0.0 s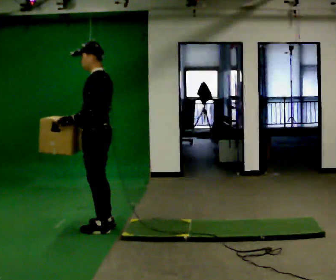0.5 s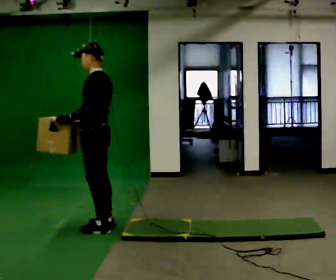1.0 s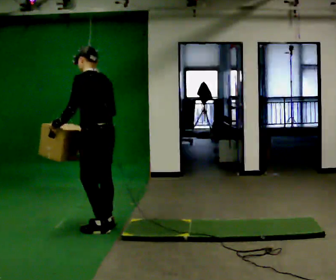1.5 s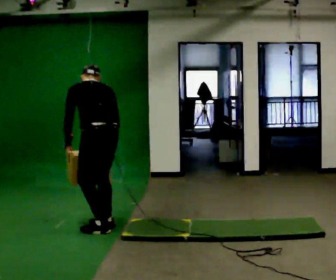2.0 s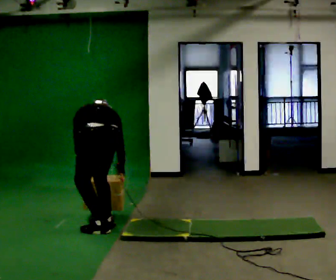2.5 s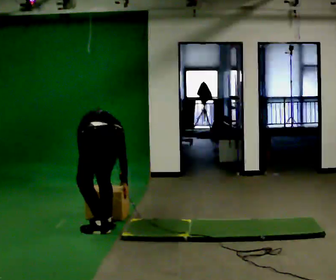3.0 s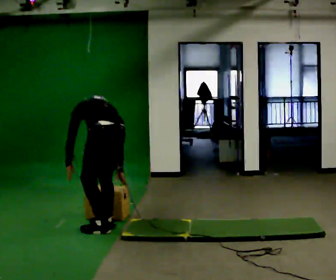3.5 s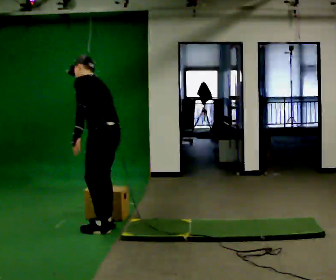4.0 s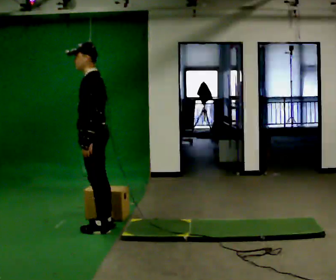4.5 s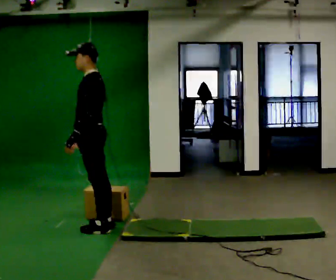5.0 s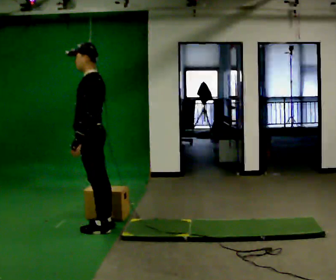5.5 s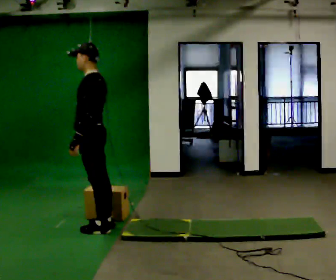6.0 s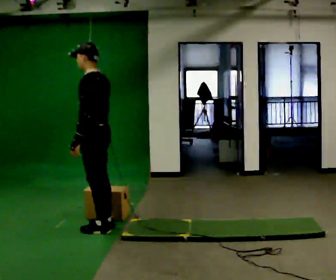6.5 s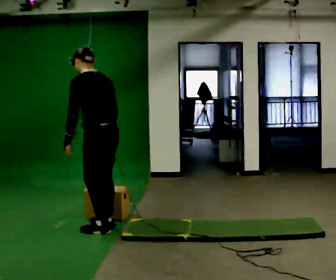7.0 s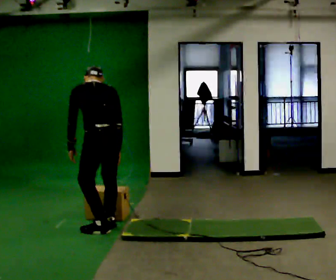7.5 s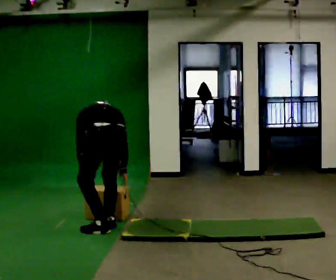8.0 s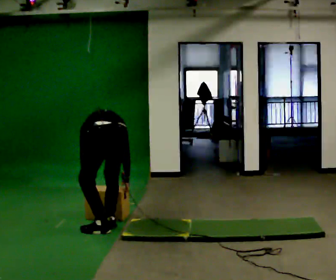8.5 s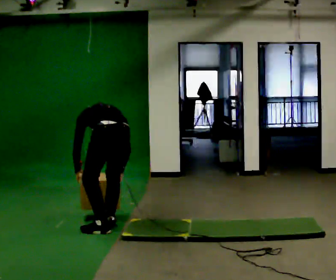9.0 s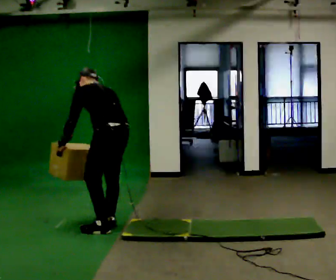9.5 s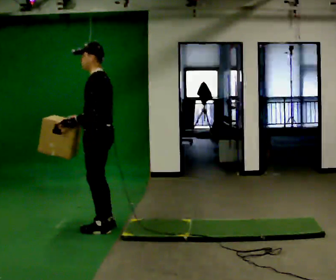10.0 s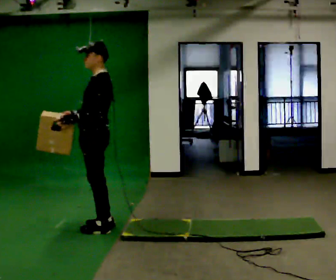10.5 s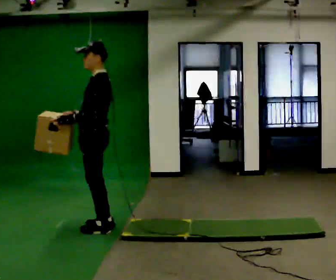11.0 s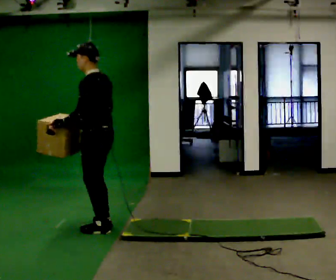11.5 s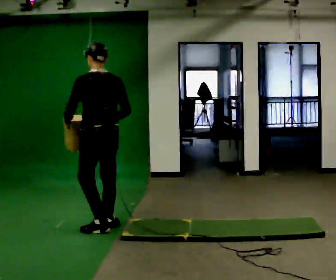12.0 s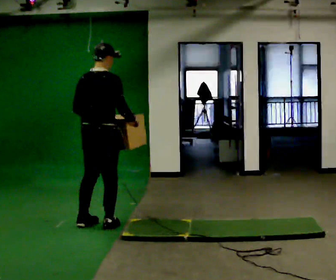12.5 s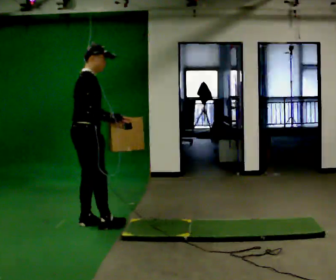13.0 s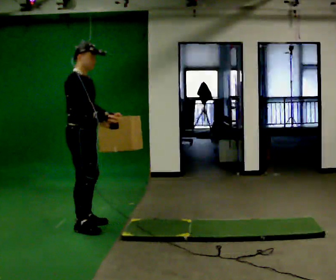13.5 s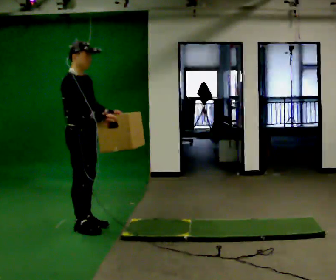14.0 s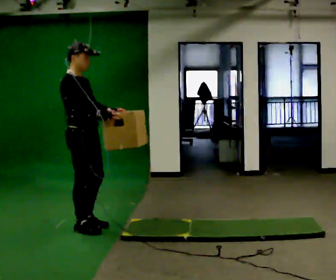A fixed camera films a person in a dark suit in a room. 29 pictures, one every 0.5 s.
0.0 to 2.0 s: The person turns about 60 degrees to their right, clockwise seen from above, so the part of the body nearest the lens slides to the left. The upper body goes downward. The upper body tips away from the camera, its near side rolling upward, as they bend forward. In the picture their right hand goes downward and to the right, the arm swinging counterclockwise.
2.0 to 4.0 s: Seen from above the body turns counterclockwise, about 60 degrees: to their left, with its near side sliding to the right. The upper body tips toward the camera, its near side rolling downward, as they lean back or straighten. In the picture their left hand goes upward.
4.0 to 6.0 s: The person moves a little, or ends about where they began.
6.0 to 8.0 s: The person turns about 60 degrees to their right, clockwise seen from above, so the part of the body nearest the lens slides to the left. The upper body goes downward. The upper body tips away from the camera, its near side rolling upward, as they bend forward. In the picture their left hand goes downward.
8.0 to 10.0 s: Seen from above the body turns counterclockwise, about 75 degrees: to their left, with its near side sliding to the right. The upper body goes upward. The upper body tips toward the camera, its near side rolling downward, as they lean back or straighten. In the picture their right hand goes upward and to the left, the arm swinging clockwise.
10.0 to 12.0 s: The part of the body nearest the lens slides to the left as the person turns to their right by about 135 degrees. In the picture their right hand goes to the right, the arm swinging counterclockwise.
12.0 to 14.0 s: The part of the body nearest the lens slides to the left as the person turns to their right by about 75 degrees. In the picture they go to the left, about 0.25 m in 2 steps.
The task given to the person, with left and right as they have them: Carry the box across the soft uneven mat, set it down on the far side, then bring it back. Keep going until the operator says stop; one object at a time, and do not rush between trips.
The film runs forward here.
